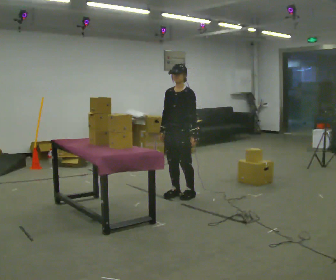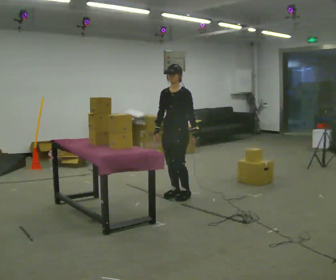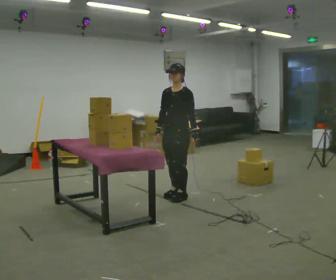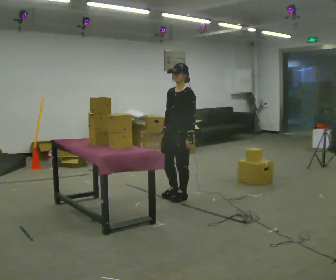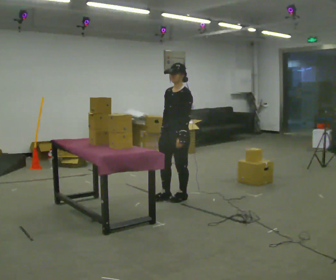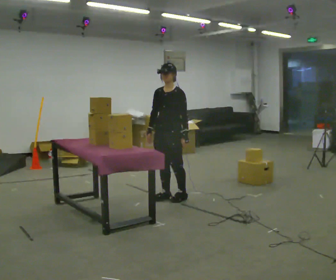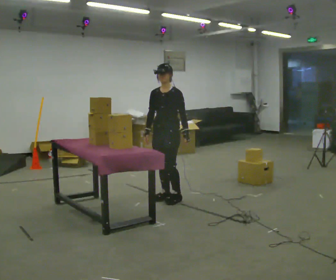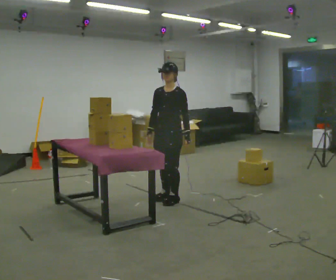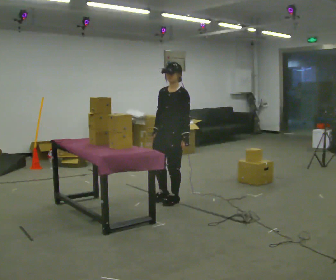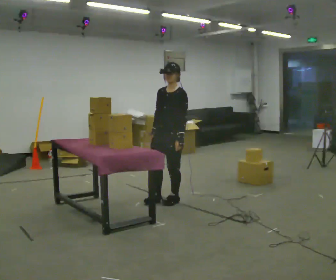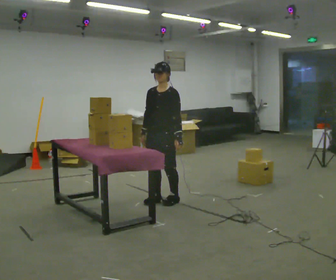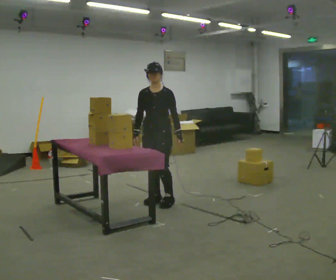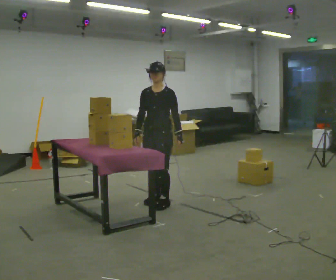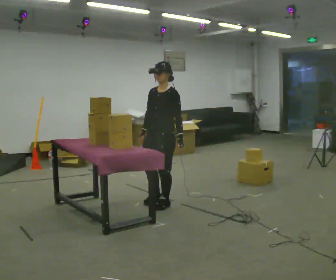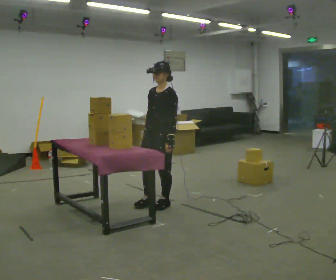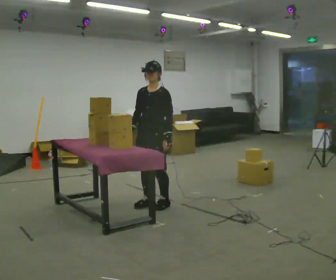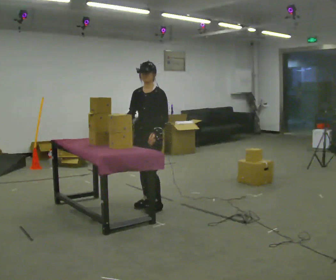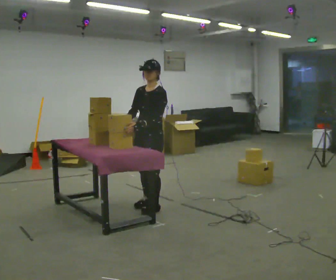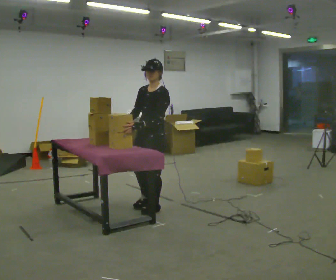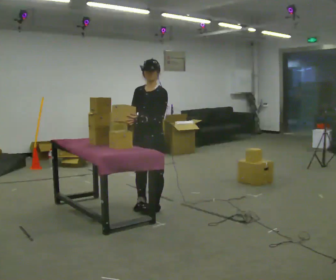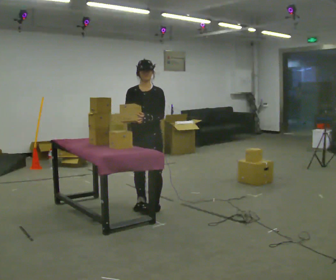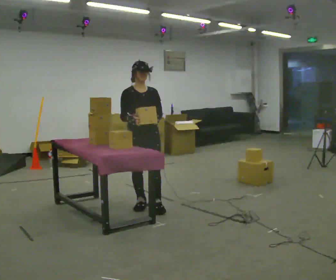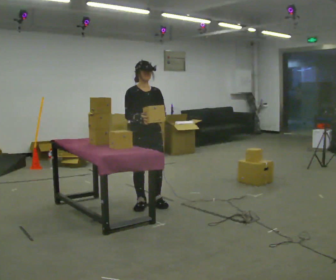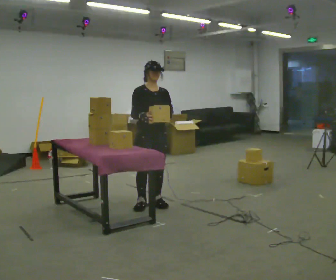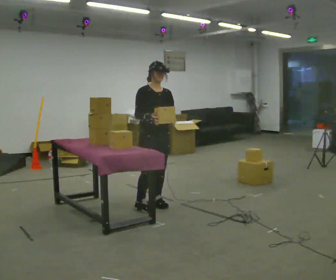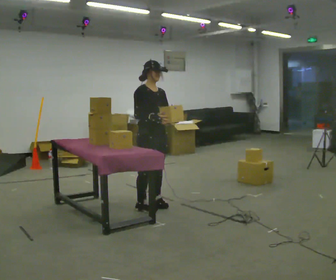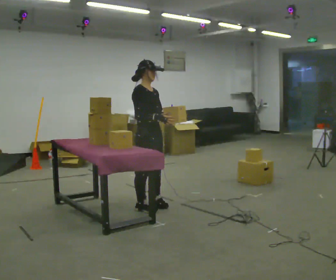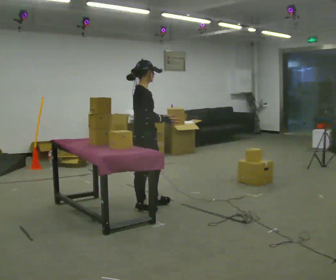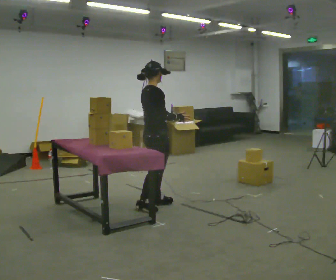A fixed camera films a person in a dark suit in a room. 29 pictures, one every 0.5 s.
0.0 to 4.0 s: In the picture they go toward the camera, about 0.25 m in 2 steps, which for them is forward and to their left.
4.0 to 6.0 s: In the picture they go to the left, about 0.25 m in 2 steps.
6.0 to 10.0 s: In the picture they go toward the camera and to the left, about 0.25 m in 2 steps, which for them is forward. In the picture their left hand goes to the left.
10.0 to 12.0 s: Seen from above the body turns counterclockwise, about 45 degrees: to their left, with its near side sliding to the right.
12.0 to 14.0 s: The part of the body nearest the lens slides to the right as the person turns to their left by about 75 degrees. In the picture their right hand goes to the right.
The film runs forward here.
